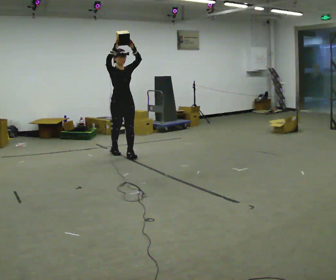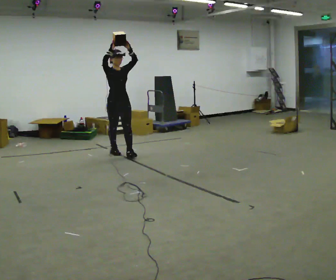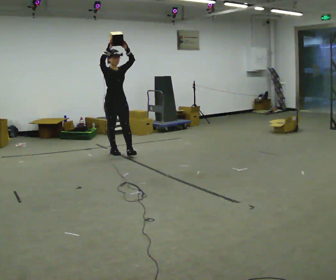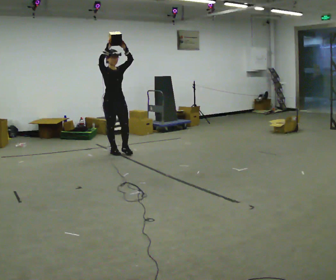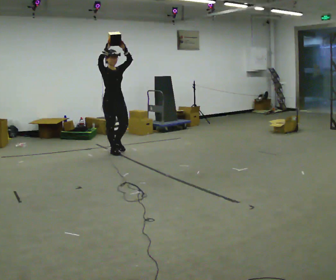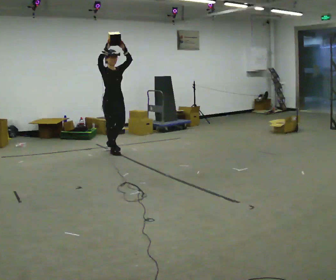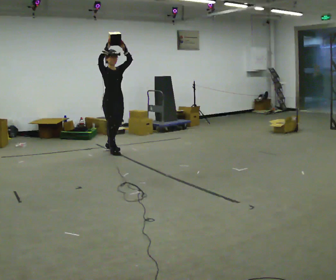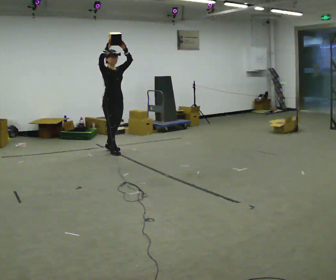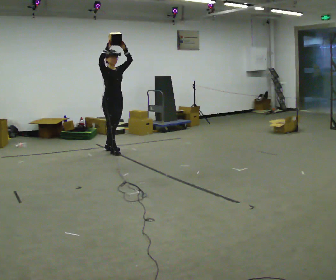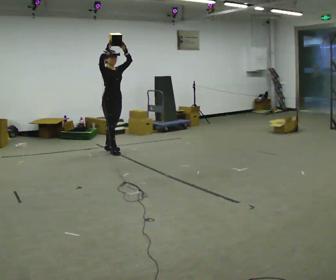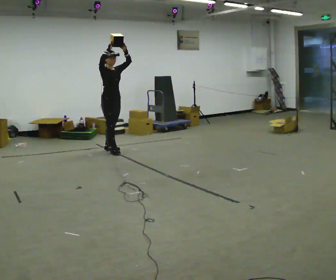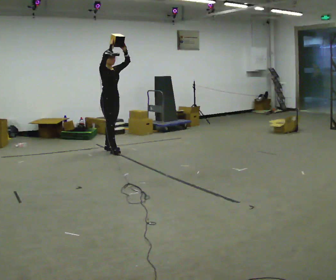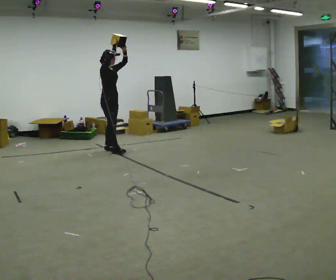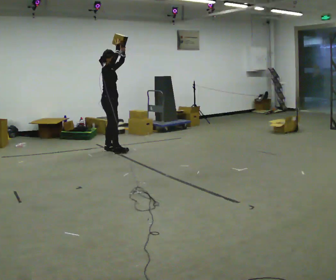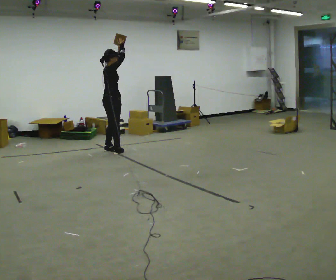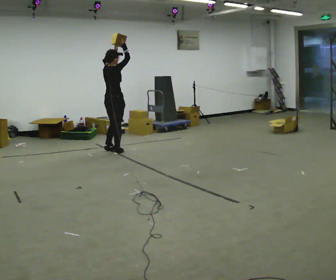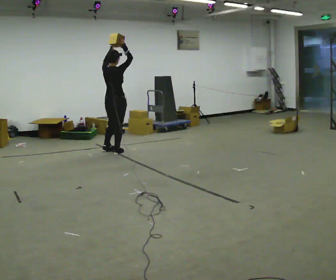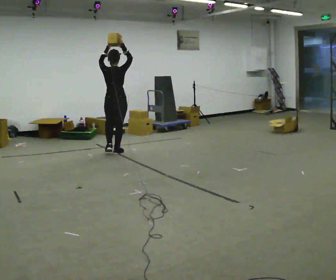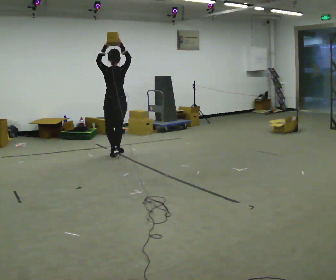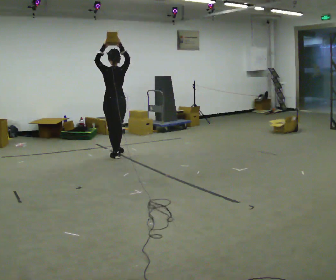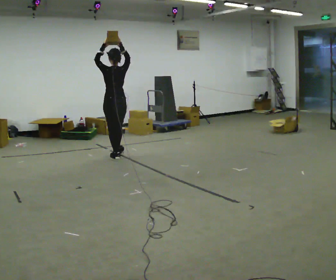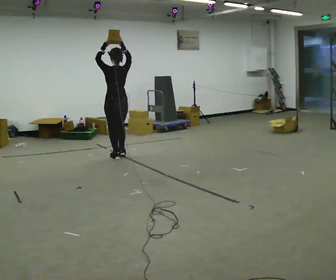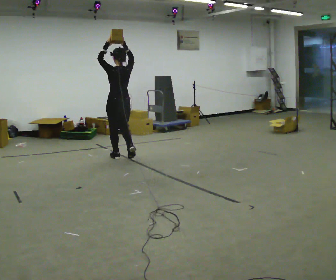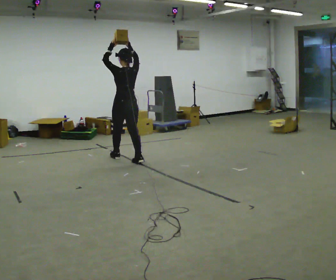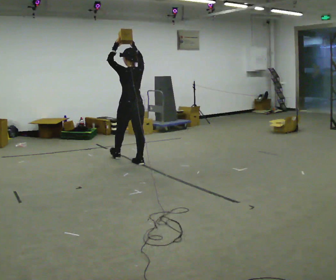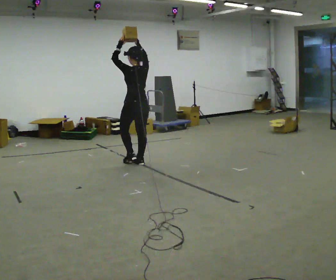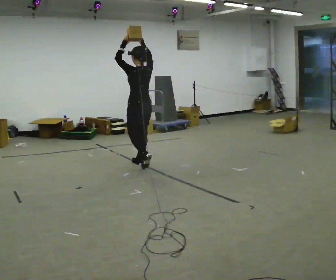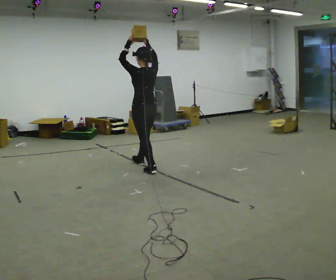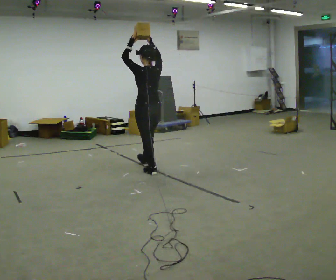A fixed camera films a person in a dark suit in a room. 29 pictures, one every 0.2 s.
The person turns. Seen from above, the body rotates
counterclockwise.
The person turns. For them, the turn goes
to their left.
0.0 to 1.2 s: In the picture they go away from the camera and to the left, about 0.25 m in 1 step, which for them is backward.
1.2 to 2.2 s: In the picture they go away from the camera, about 0.25 m, which for them is backward.
2.2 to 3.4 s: The person turns about 120 degrees to their left, counterclockwise seen from above, so the part of the body nearest the lens slides to the right. In the picture they go toward the camera, about 0.25 m in 1 step.
3.4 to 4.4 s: Seen from above the body turns counterclockwise, about 30 degrees: to their left, with its near side sliding to the right. In the picture they go toward the camera, about 0.25 m in 1 step, which for them is backward.
4.4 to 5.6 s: In the picture they go toward the camera and to the right, about 1 m in 2 steps, which for them is backward.
The film runs backward here.
